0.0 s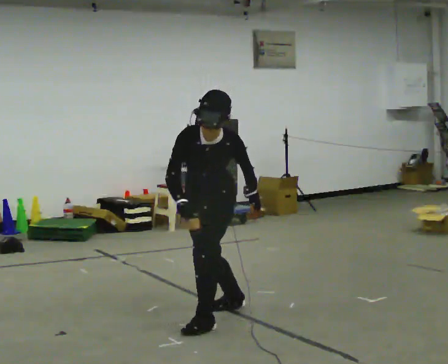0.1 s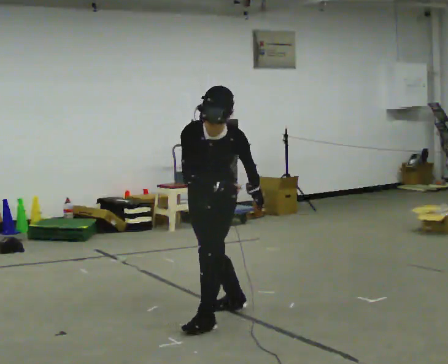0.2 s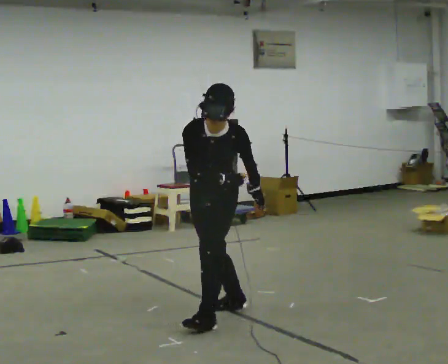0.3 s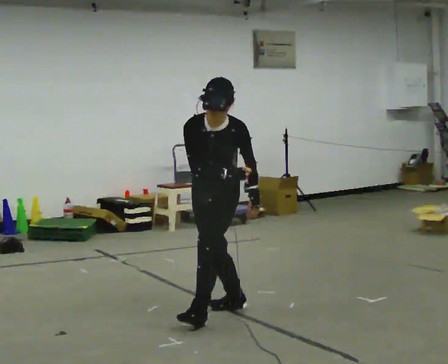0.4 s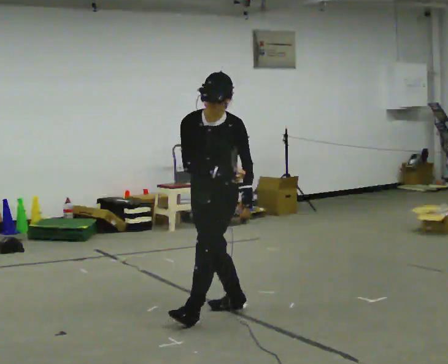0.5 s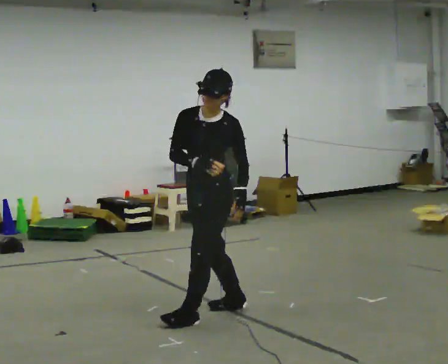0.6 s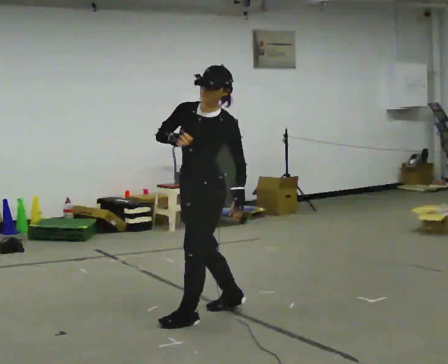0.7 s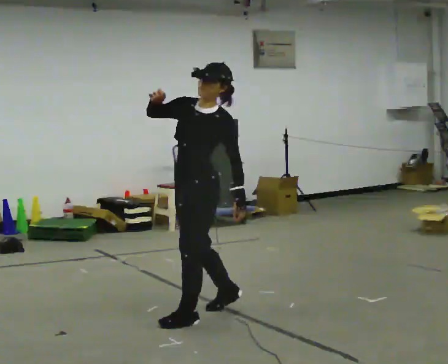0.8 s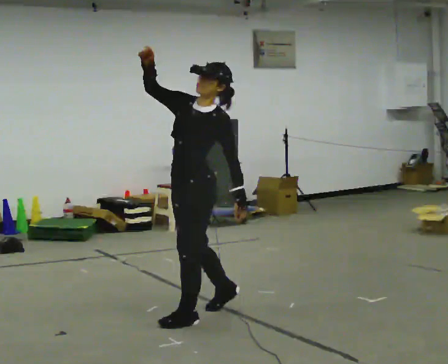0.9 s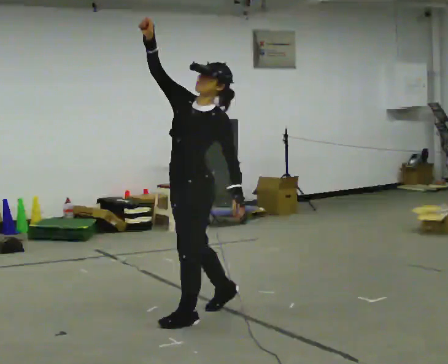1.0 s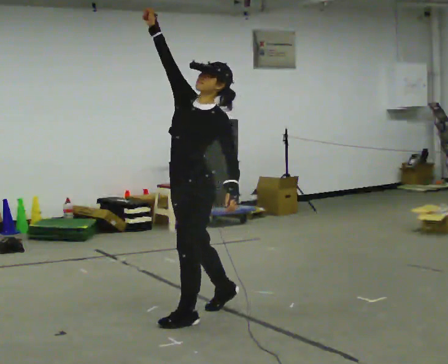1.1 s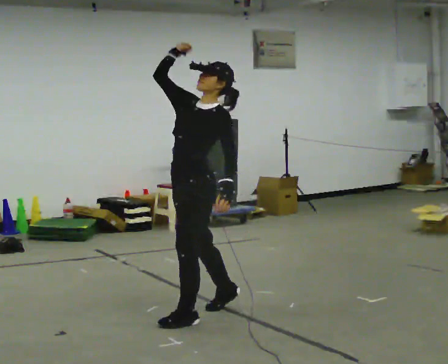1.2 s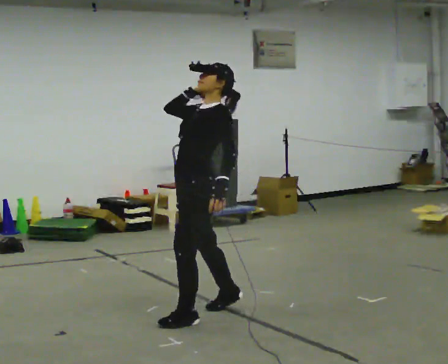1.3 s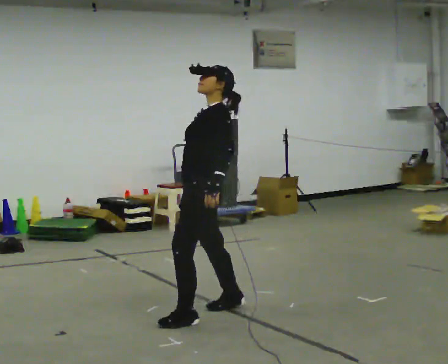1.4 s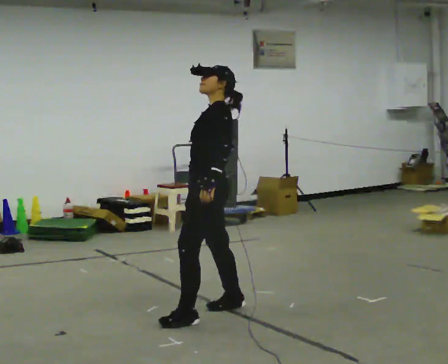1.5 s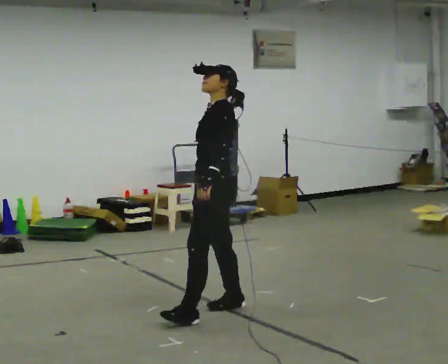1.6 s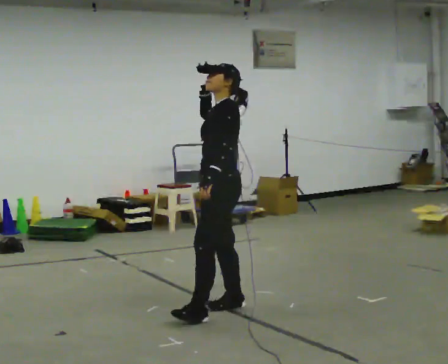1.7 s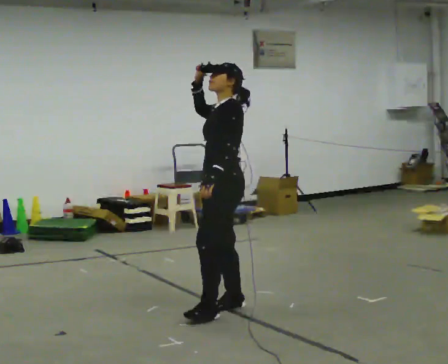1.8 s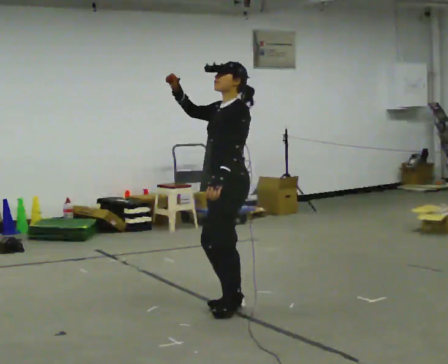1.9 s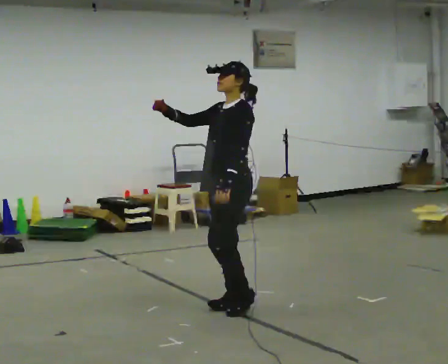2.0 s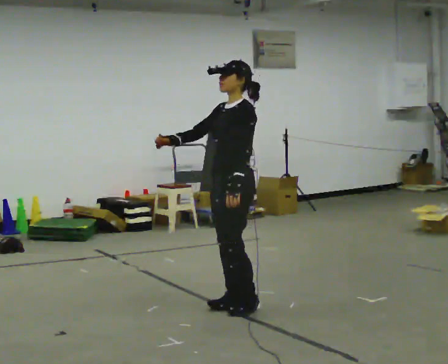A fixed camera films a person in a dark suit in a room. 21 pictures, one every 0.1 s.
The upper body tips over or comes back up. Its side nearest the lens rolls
upward.
0.0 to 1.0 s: Seen from above the body turns clockwise, about 30 degrees: to their right, with its near side sliding to the left. The upper body goes upward. The upper body tips away from the camera, its near side rolling upward, as they lean back or straighten. In the picture their right hand goes upward.
1.0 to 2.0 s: In the picture they go to the right and away from the camera, about 0.25 m in 1 step, which for them is backward and to their right. In the picture their right hand goes downward.
The film runs backward here.
